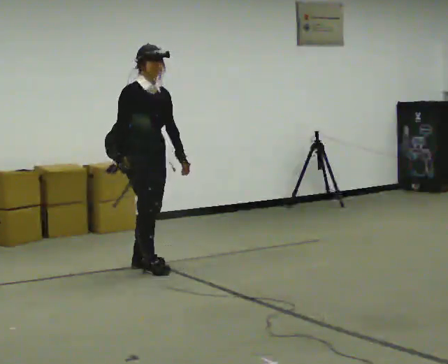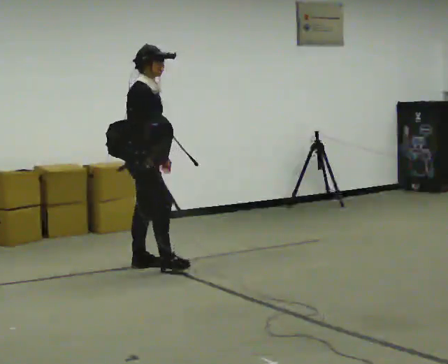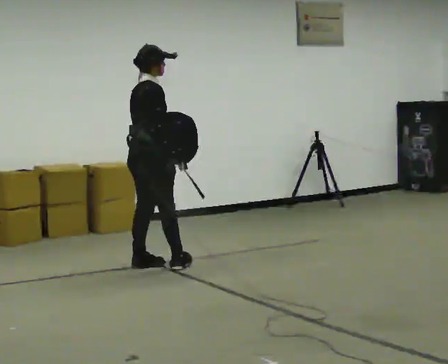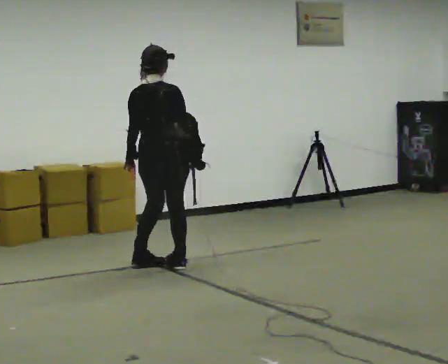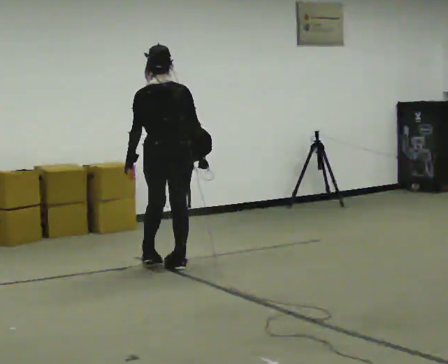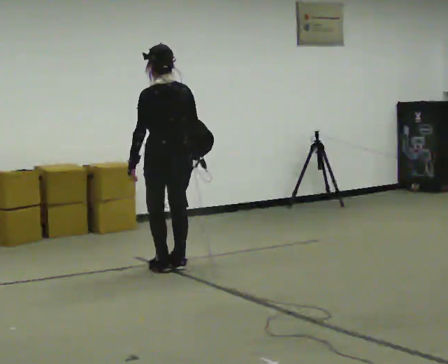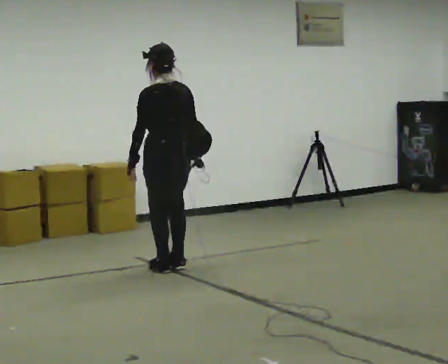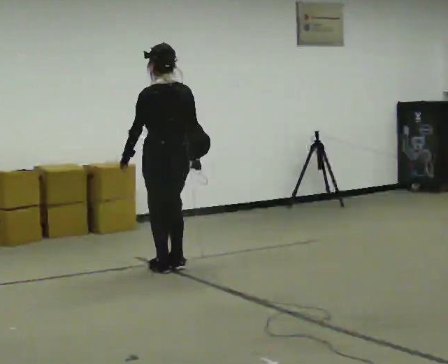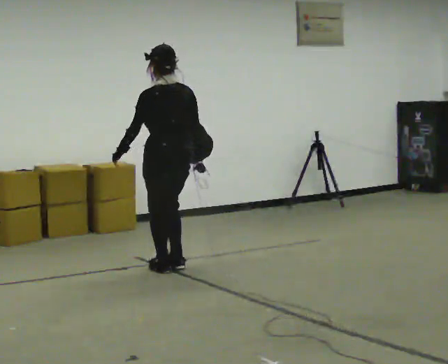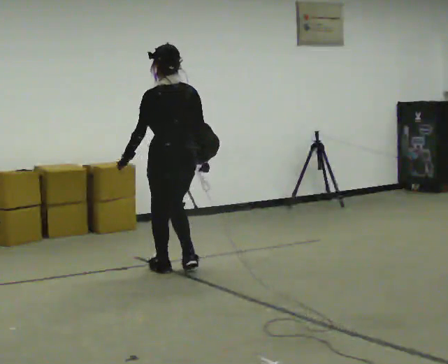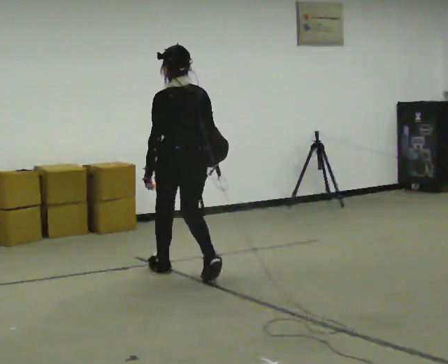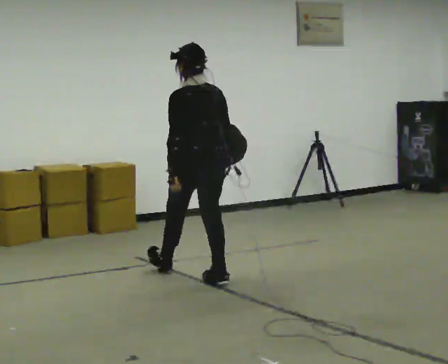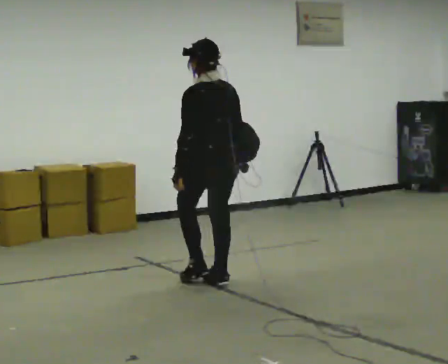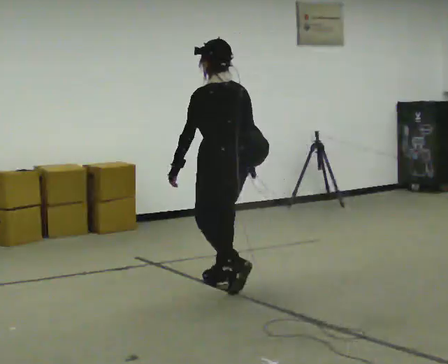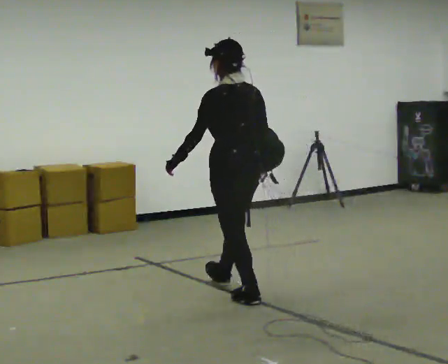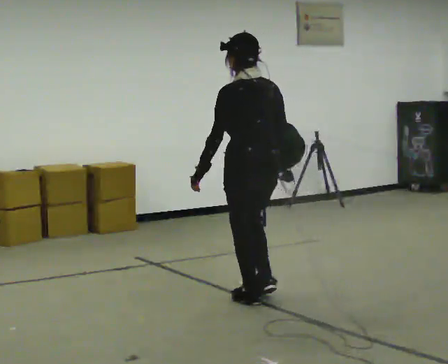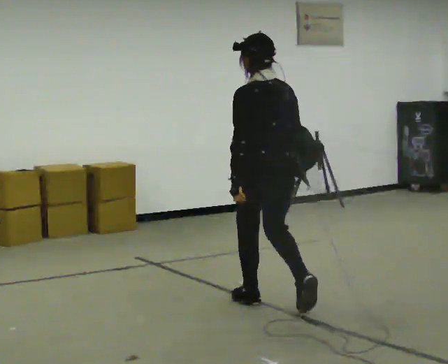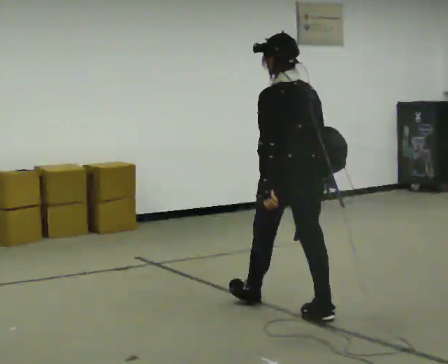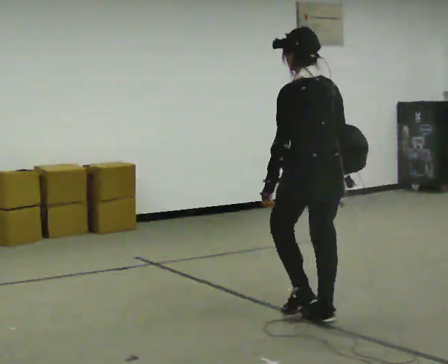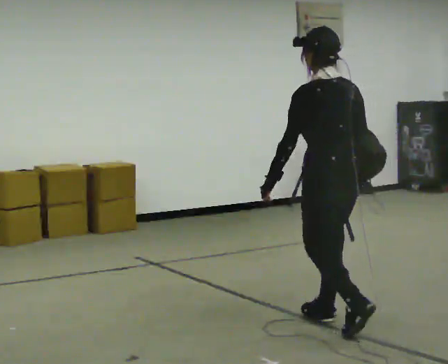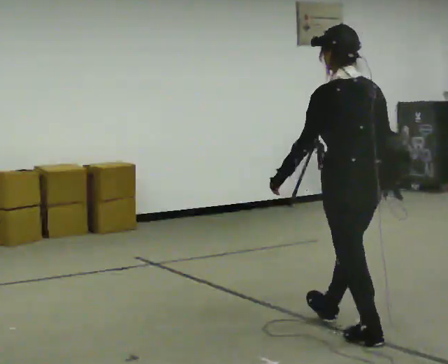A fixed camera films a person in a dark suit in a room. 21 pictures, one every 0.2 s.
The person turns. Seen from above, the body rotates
counterclockwise.
The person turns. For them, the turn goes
to their left.
0.0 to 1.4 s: Seen from above the body turns counterclockwise, about 165 degrees: to their left, with its near side sliding to the right. In the picture they go to the right, about 0.25 m in 2 steps. In the picture their right hand goes to the right.
1.4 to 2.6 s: In the picture they go toward the camera and to the right, about 0.75 m in 2 steps, which for them is backward.
2.6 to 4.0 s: In the picture they go toward the camera and to the right, about 1.5 m in 3 steps, which for them is backward.
The film runs backward here.
